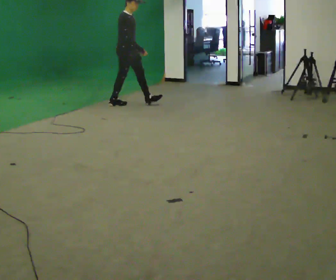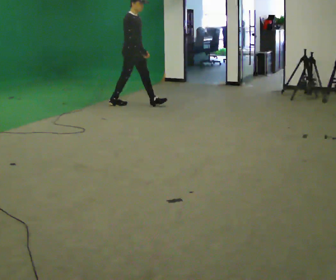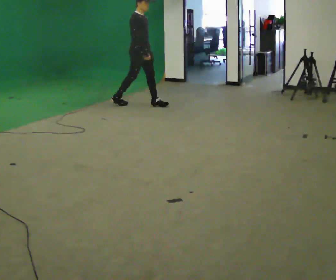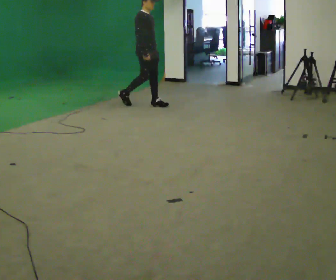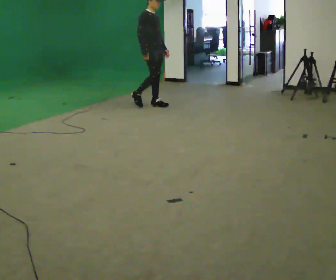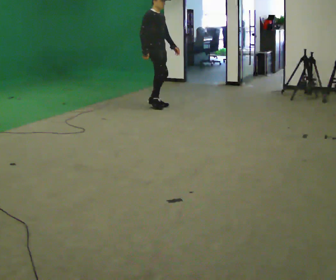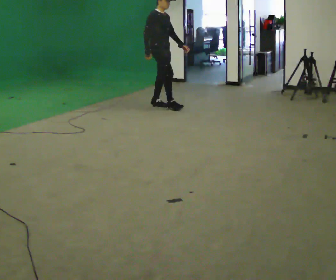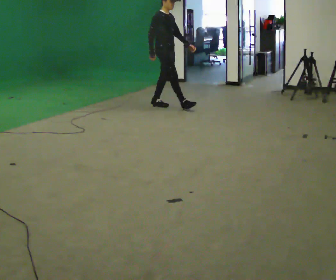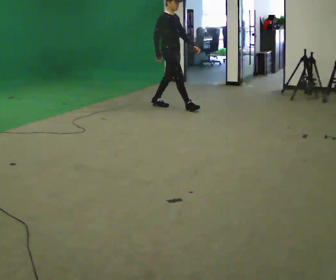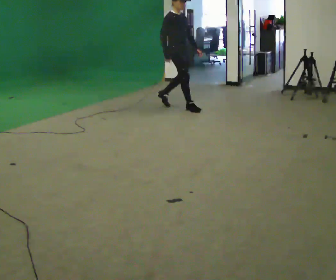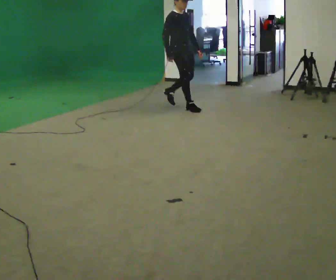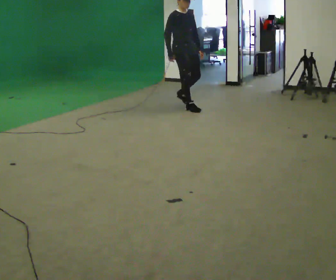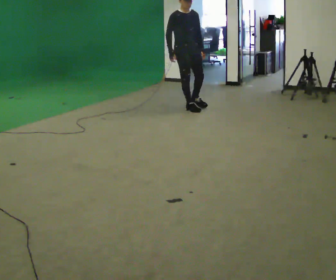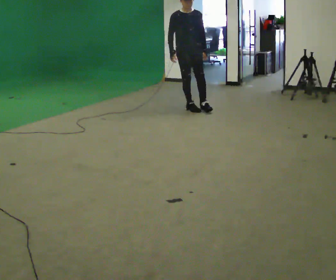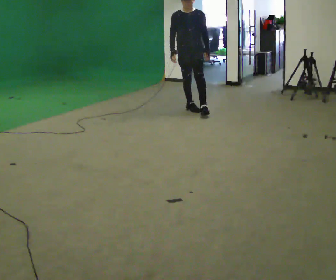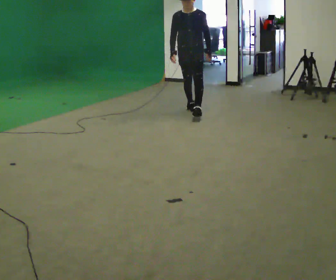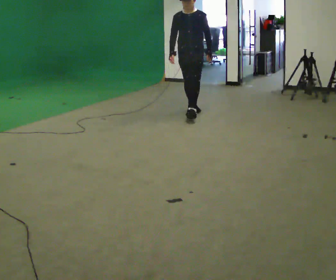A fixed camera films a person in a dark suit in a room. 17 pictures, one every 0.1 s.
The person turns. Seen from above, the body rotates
clockwise.
The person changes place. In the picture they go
to the right.
0.0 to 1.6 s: The person turns about 90 degrees to their right, clockwise seen from above, so the part of the body nearest the lens slides to the left. In the picture they go to the right and toward the camera, about 1 m in 2 steps.
The film runs forward here.
